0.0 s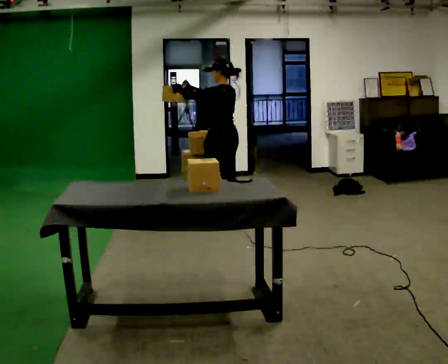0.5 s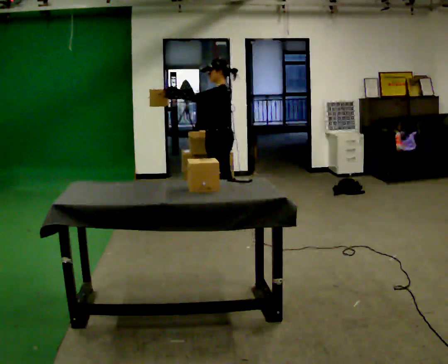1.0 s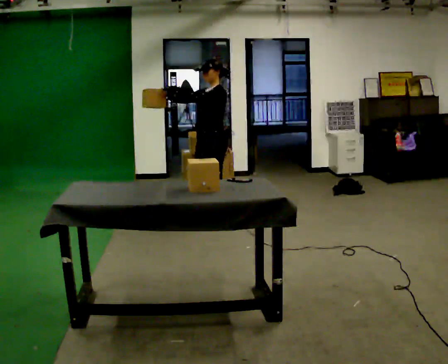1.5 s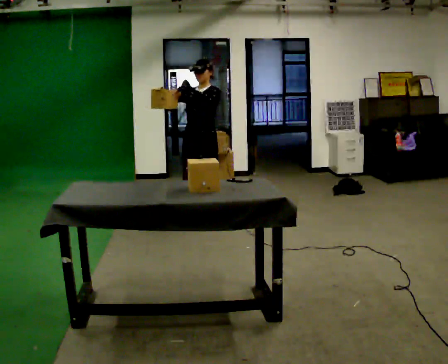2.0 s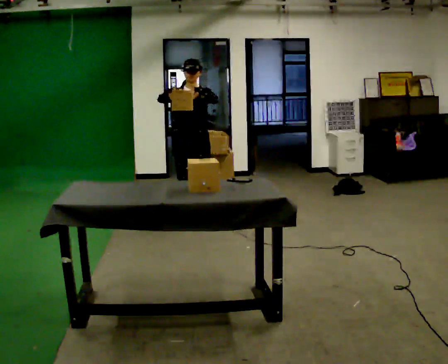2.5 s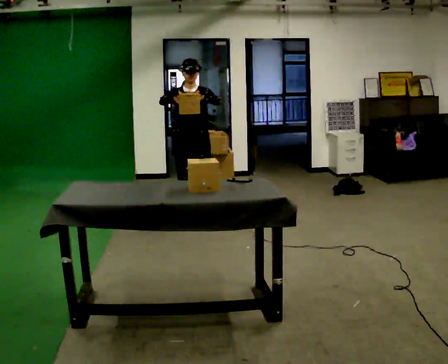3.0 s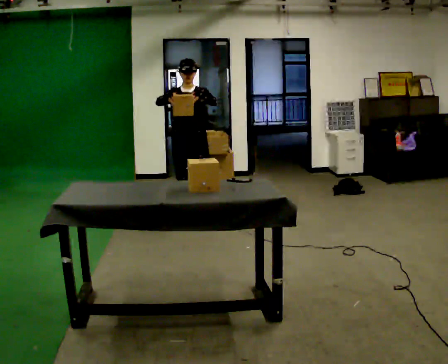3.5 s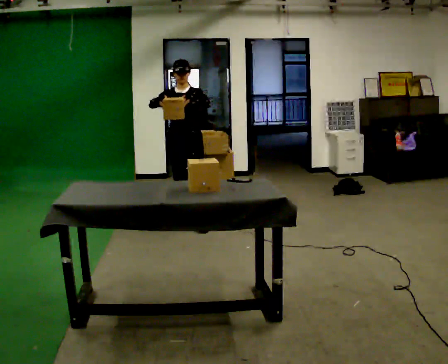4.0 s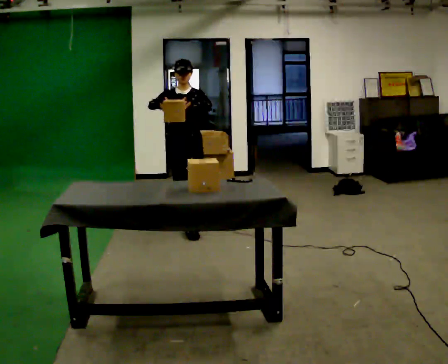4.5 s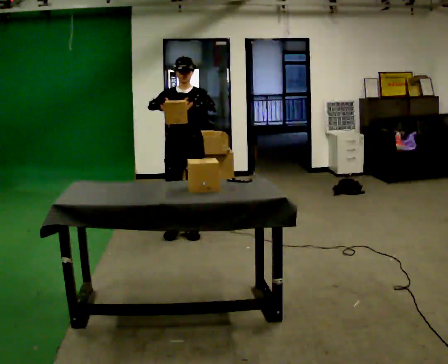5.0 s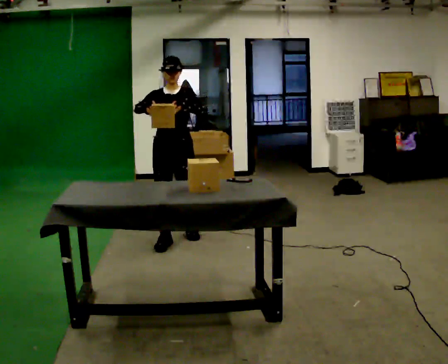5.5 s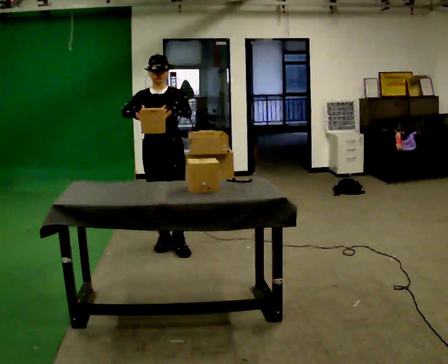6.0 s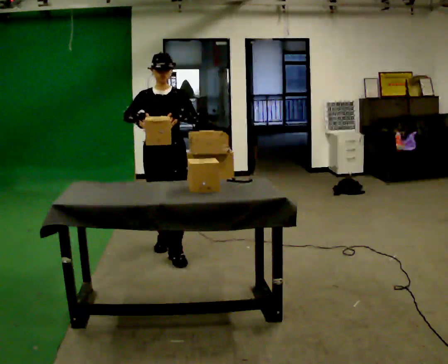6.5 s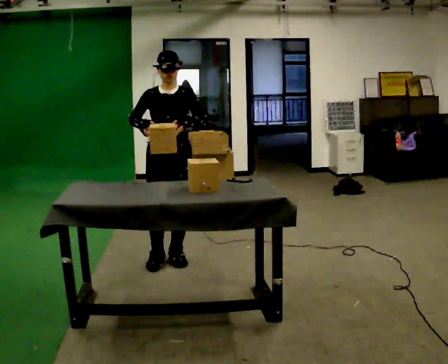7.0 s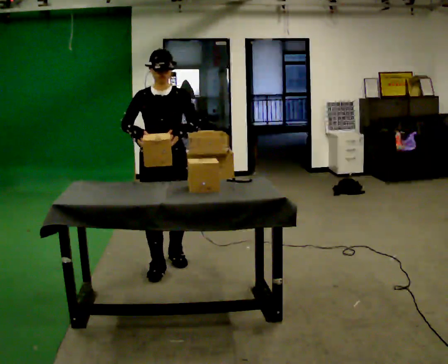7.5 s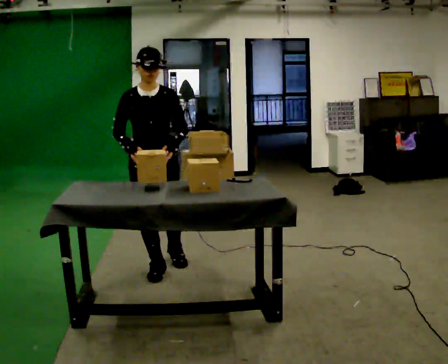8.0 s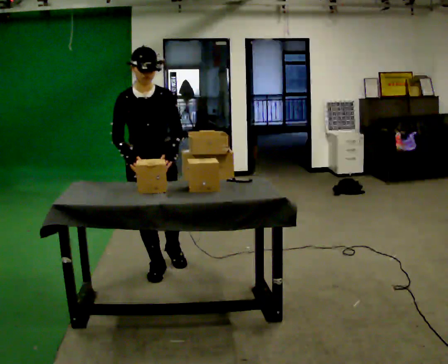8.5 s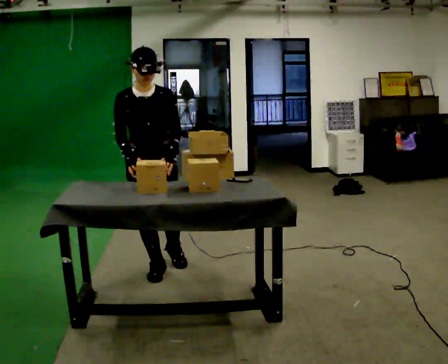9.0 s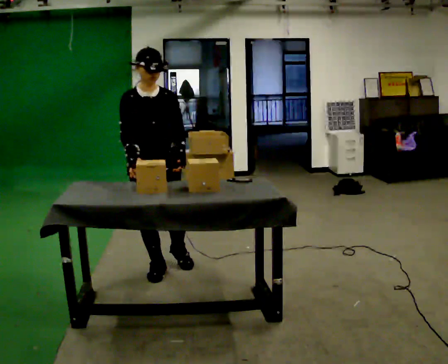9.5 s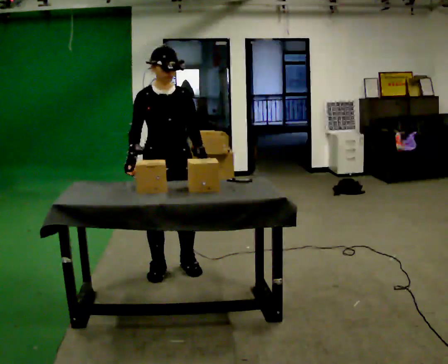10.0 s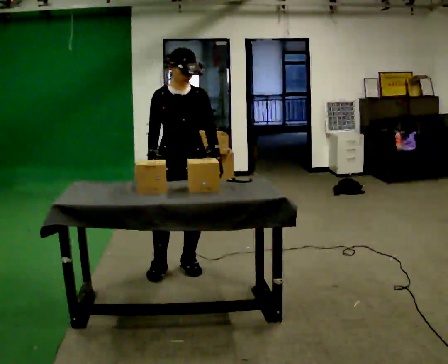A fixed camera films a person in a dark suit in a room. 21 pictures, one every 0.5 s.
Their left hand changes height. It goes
downward.
The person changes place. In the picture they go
toward the camera.
0.0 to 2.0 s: The person turns about 120 degrees to their left, counterclockwise seen from above, so the part of the body nearest the lens slides to the right. In the picture they go to the left, about 0.25 m in 1 step.
2.0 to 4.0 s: In the picture they go toward the camera, about 0.25 m in 1 step, which for them is forward.
4.0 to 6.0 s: In the picture they go toward the camera, about 0.5 m in 2 steps, which for them is forward.
6.0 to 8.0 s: In the picture they go toward the camera, about 0.5 m in 1 step, which for them is forward.
8.0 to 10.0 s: In the picture they go to the right, about 0.25 m in 1 step, which for them is to their left.
The film runs forward here.
